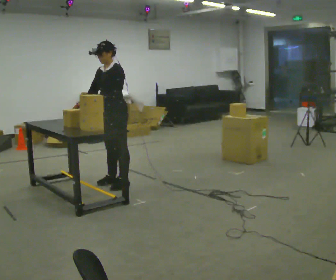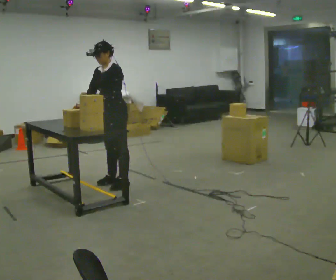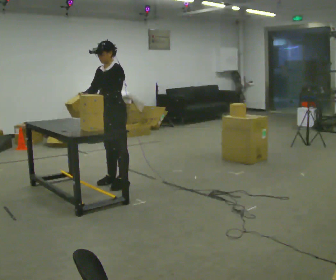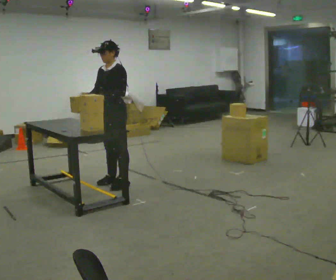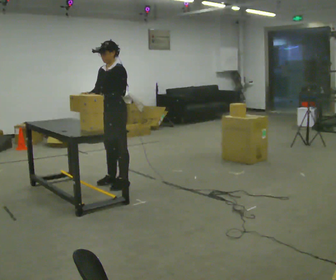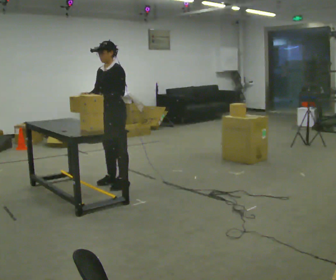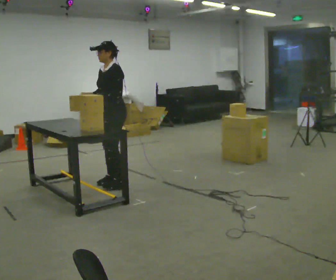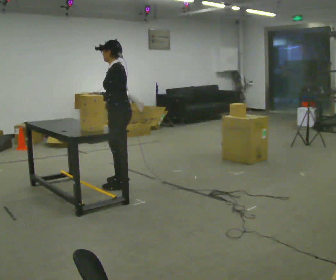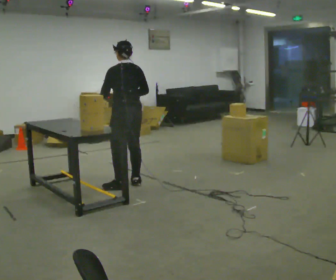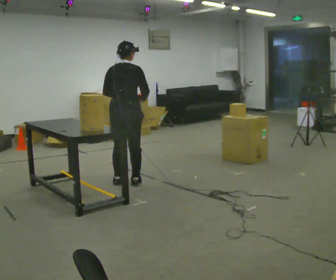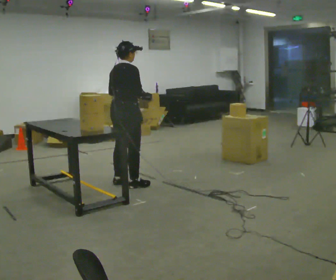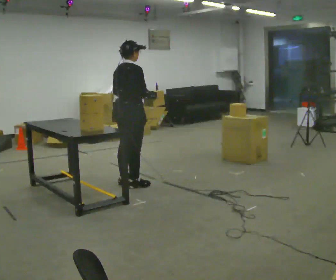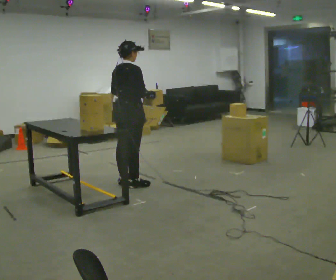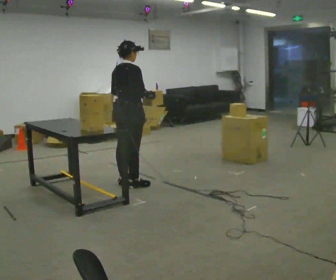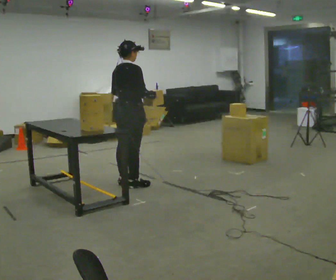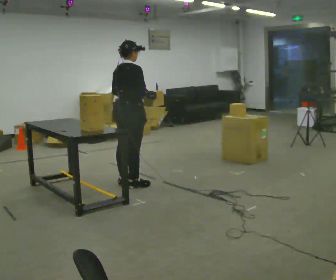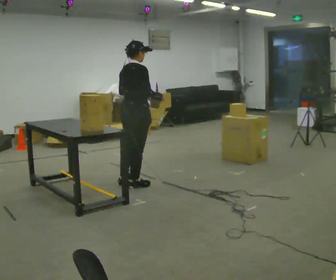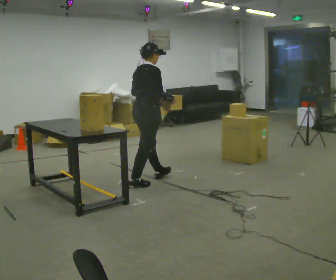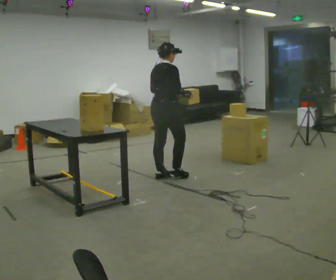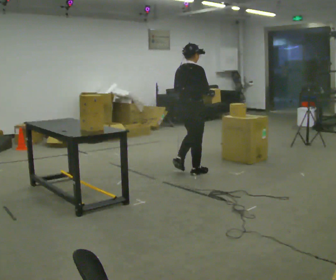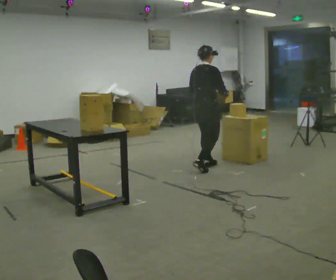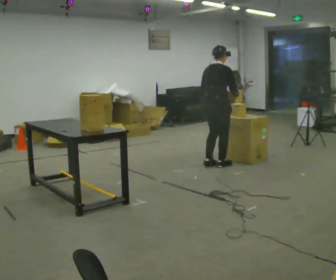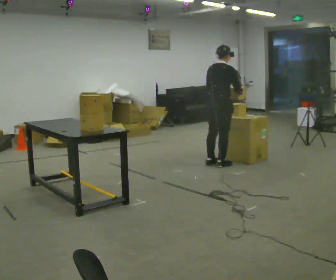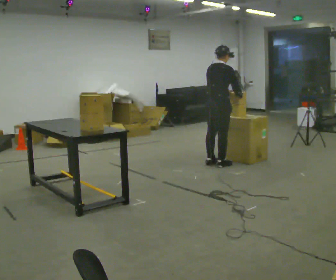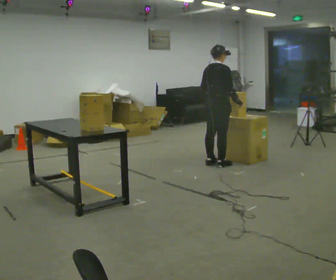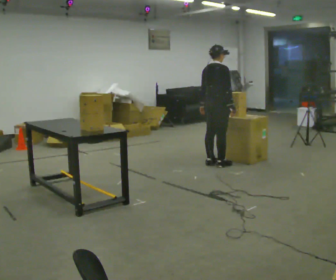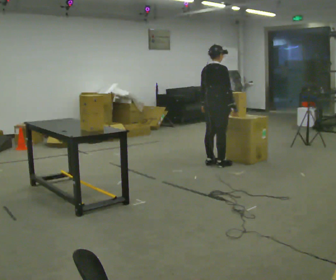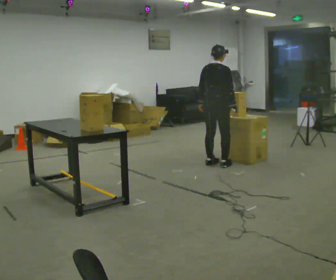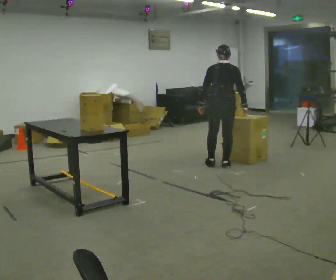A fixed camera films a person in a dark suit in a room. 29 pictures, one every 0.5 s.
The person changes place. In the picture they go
to the right.
0.0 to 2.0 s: The person moves a little, or ends about where they began.
2.0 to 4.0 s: The person turns about 90 degrees to their right, clockwise seen from above, so the part of the body nearest the lens slides to the left. In the picture they go to the right, about 0.25 m in 1 step. In the picture their right hand goes to the right.
4.0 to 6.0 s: The part of the body nearest the lens slides to the left as the person turns to their right by about 90 degrees.
6.0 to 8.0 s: The person moves a little, or ends about where they began.
8.0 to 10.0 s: In the picture they go to the right and away from the camera, about 1 m in 3 steps, which for them is forward.
10.0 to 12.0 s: In the picture they go to the right and away from the camera, about 0.25 m in 1 step, which for them is forward.
12.0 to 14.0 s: The part of the body nearest the lens slides to the right as the person turns to their left by about 45 degrees.
The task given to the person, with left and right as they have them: Move objects one at a time from the waist-height shelf at one end of the room to the waist-height shelf at the other end. Keep going until the operator says stop; one object at a time, and do not rush between trips.
The film runs forward here.
